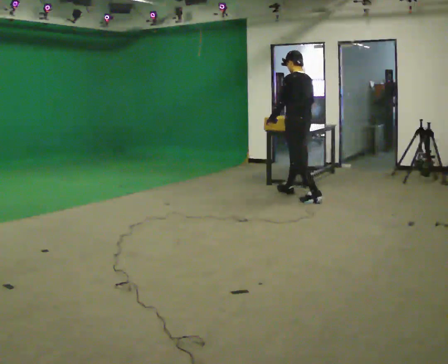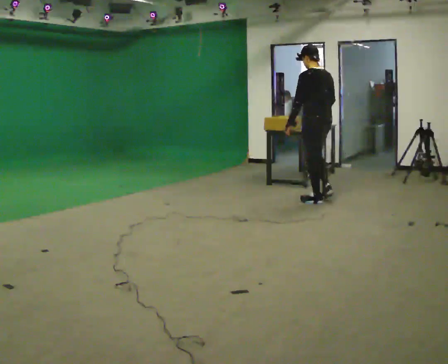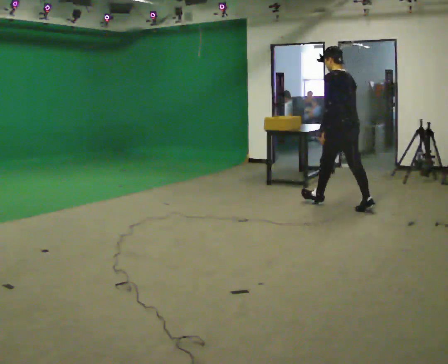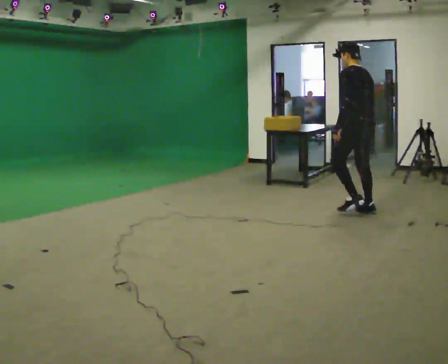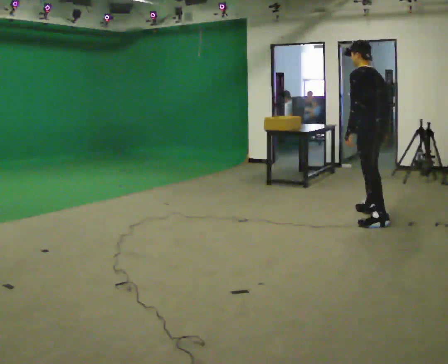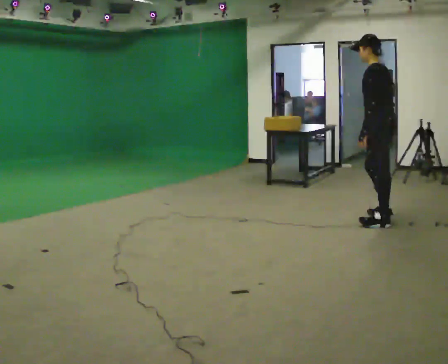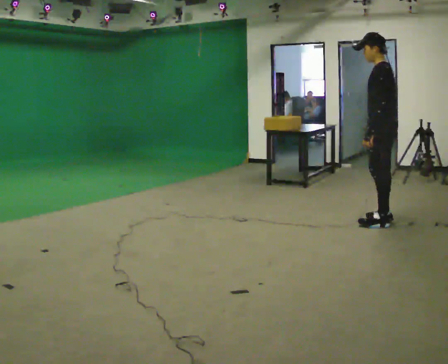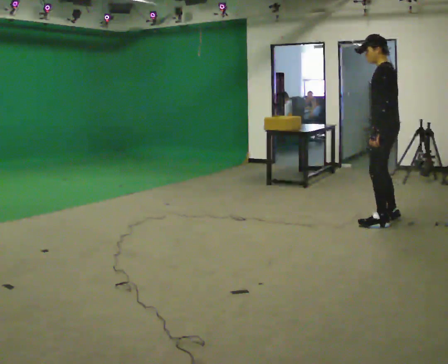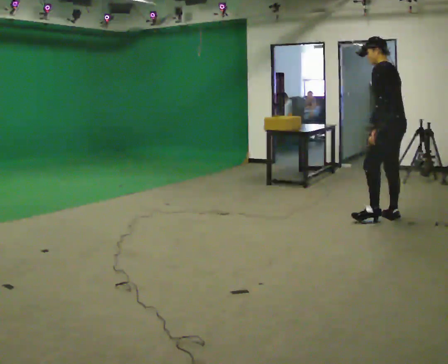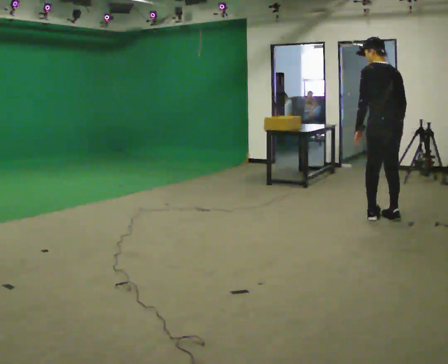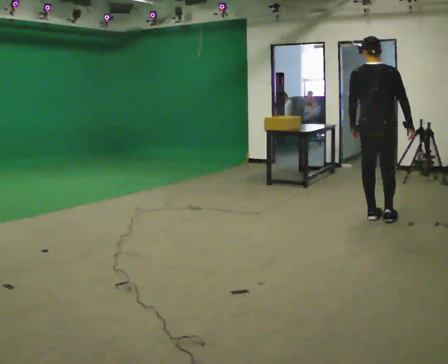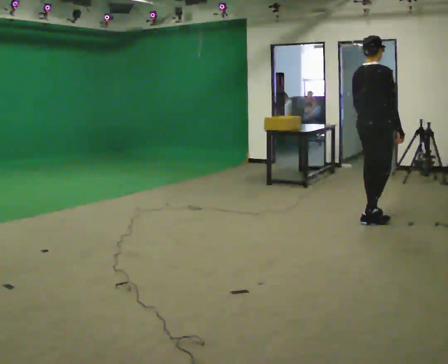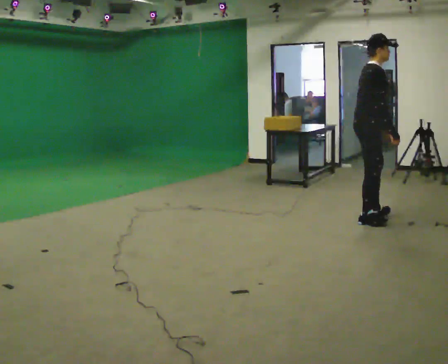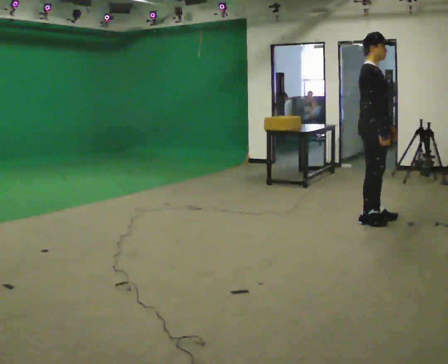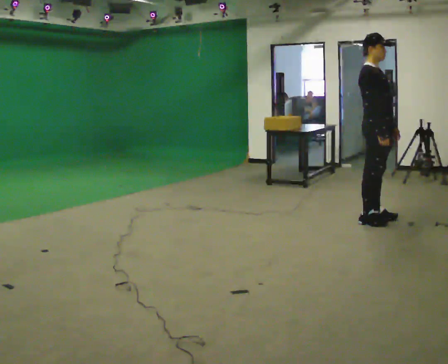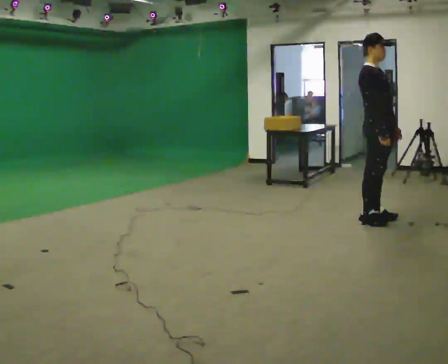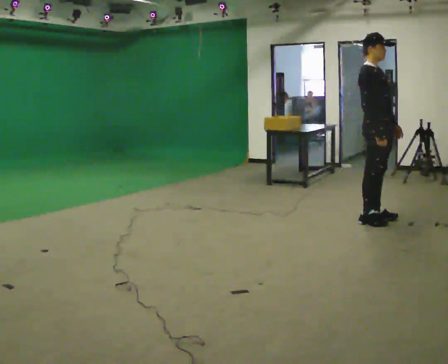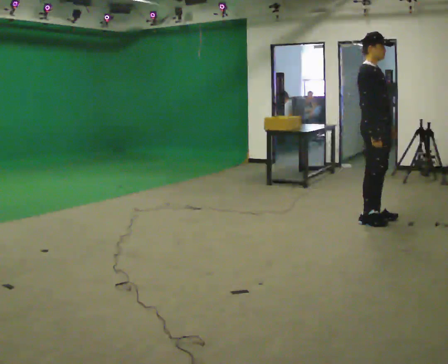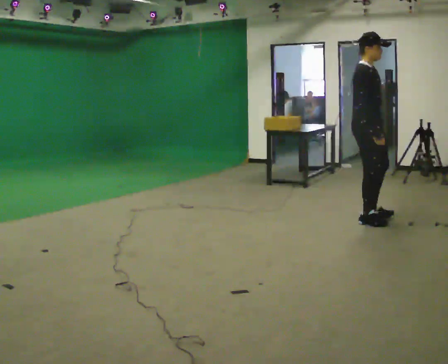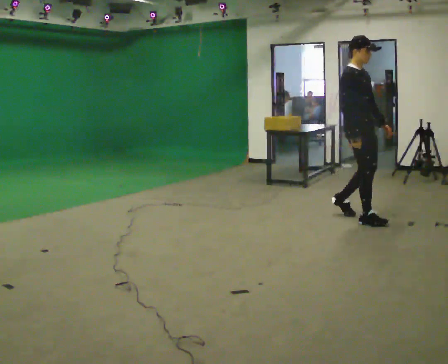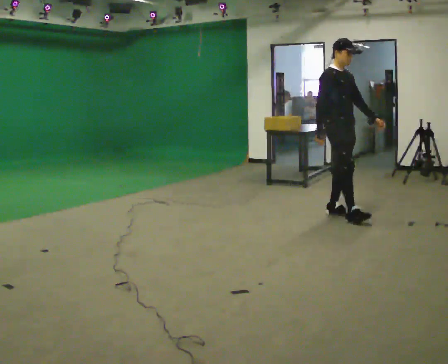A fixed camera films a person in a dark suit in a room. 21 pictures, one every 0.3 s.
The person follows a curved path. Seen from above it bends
clockwise.
0.0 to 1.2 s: In the picture they go to the right and toward the camera, about 1 m in 2 steps, which for them is backward.
1.2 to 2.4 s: In the picture they go to the right, about 0.25 m in 2 steps, which for them is backward and to their left.
2.4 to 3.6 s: The part of the body nearest the lens slides to the left as the person turns to their right by about 150 degrees. In the picture they go to the left, about 0.25 m in 1 step. In the picture the upper body tilts clockwise, shoulders to the right.
3.6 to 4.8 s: The person turns about 30 degrees to their right, clockwise seen from above, so the part of the body nearest the lens slides to the left. In the picture the upper body tilts counterclockwise, shoulders to the left, as they lean back or straighten.
4.8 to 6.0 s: In the picture they go to the left and away from the camera, about 0.5 m in 2 steps, which for them is backward.
The film runs backward here.
